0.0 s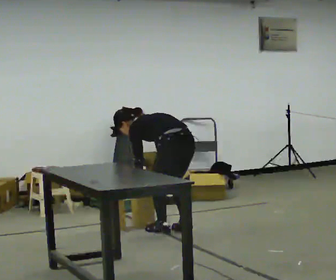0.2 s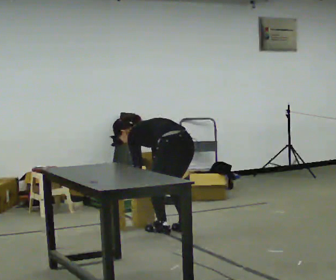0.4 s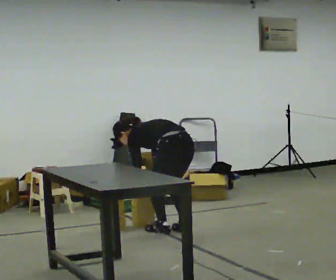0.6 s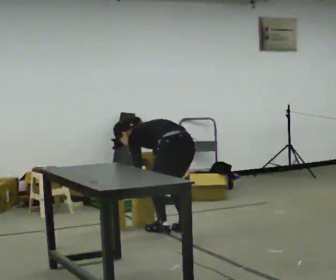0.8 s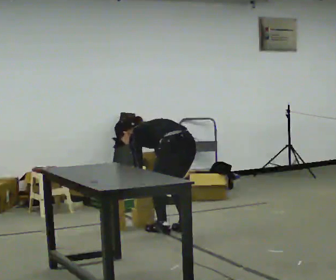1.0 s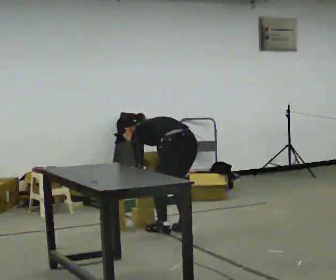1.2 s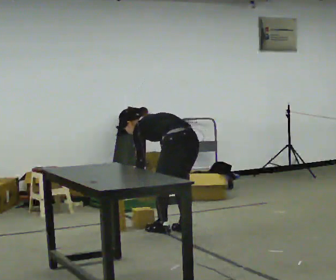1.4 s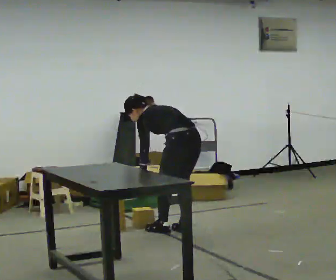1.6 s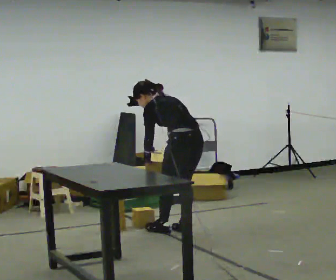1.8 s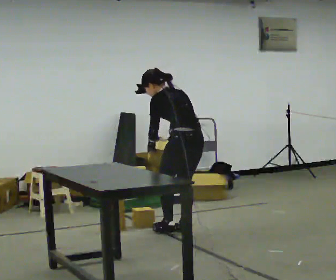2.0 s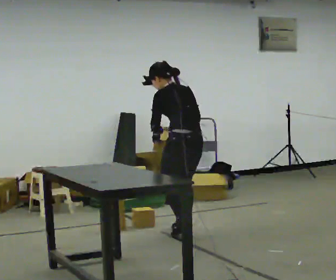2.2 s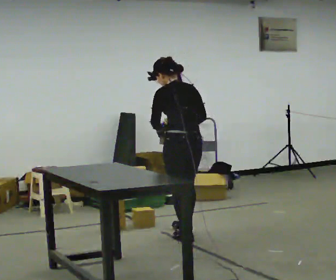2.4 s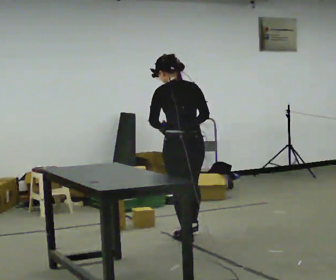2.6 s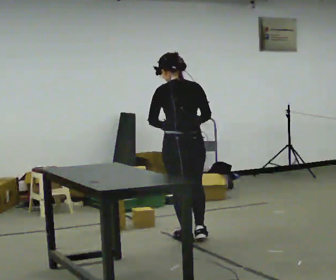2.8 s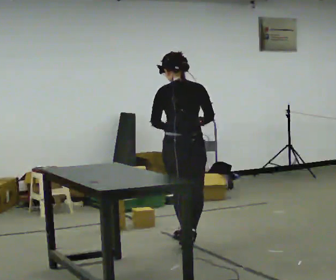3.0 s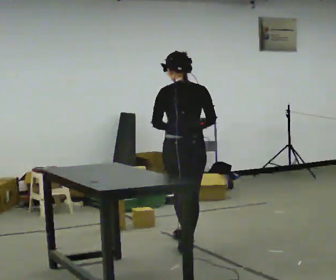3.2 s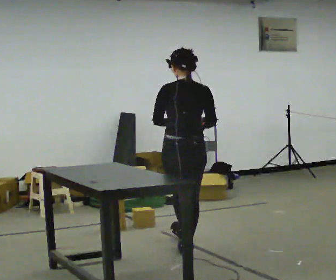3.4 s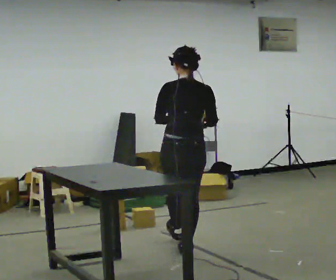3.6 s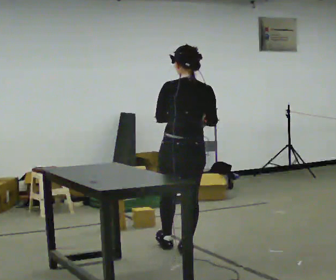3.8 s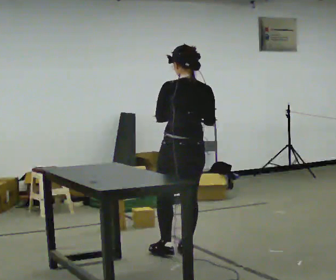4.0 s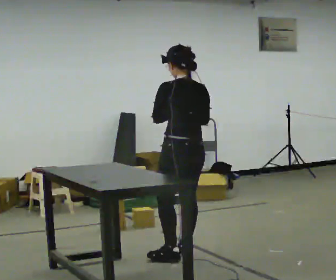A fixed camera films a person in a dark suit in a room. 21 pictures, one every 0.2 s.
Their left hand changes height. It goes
upward.
0.0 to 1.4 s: The person moves a little, or ends about where they began.
1.4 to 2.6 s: Seen from above the body turns clockwise, about 45 degrees: to their right, with its near side sliding to the left. In the picture they go toward the camera, about 0.25 m in 2 steps, which for them is backward and to their left. The shoulders move upward. In the picture the upper body tilts clockwise, shoulders to the right, as they lean back or straighten. In the picture their left hand goes upward.
2.6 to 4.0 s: The part of the body nearest the lens slides to the right as the person turns to their left by about 30 degrees. In the picture they go toward the camera, about 0.5 m in 1 step, which for them is backward.
The film runs backward here.
